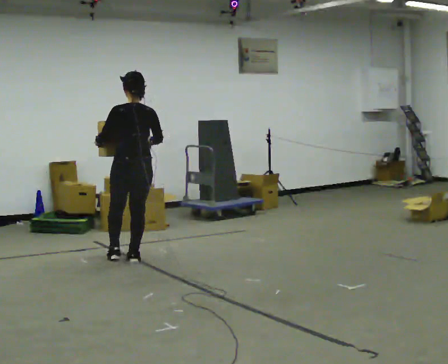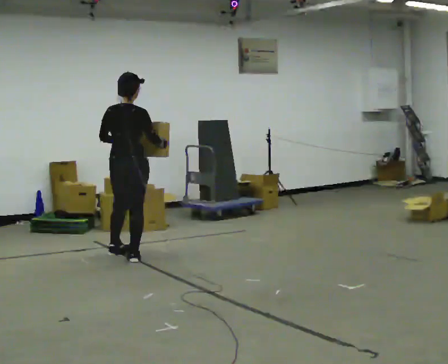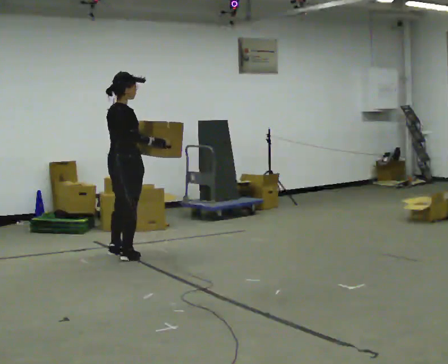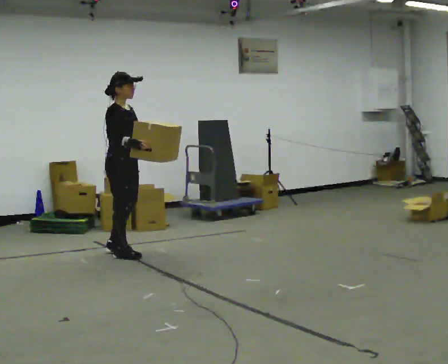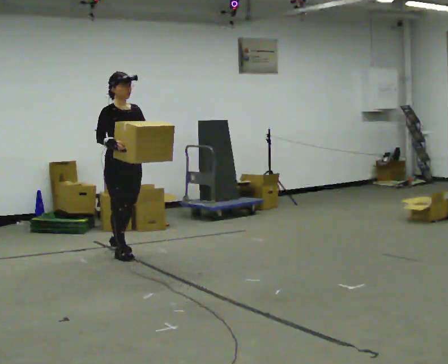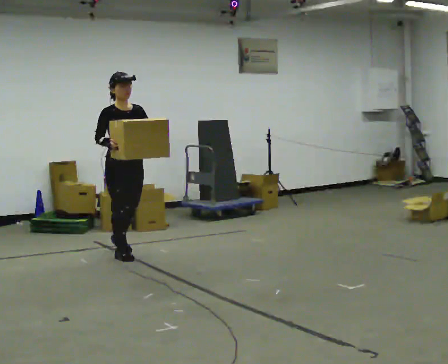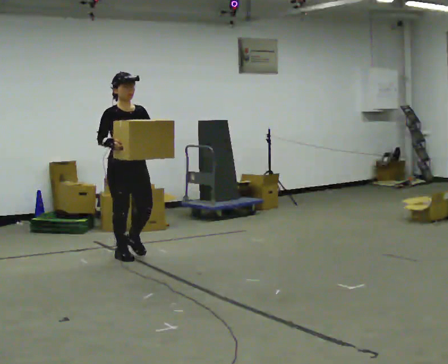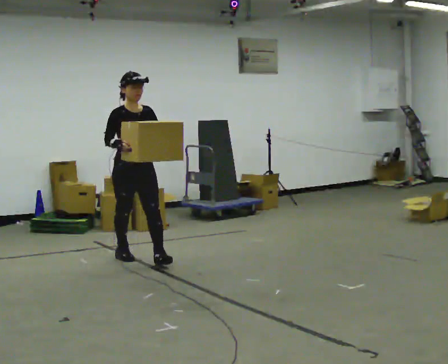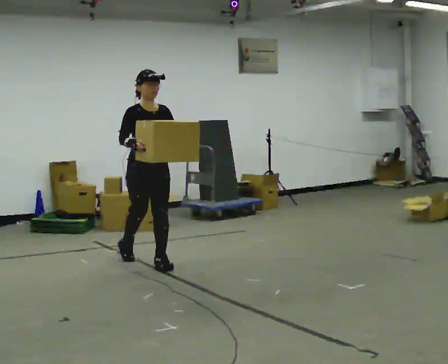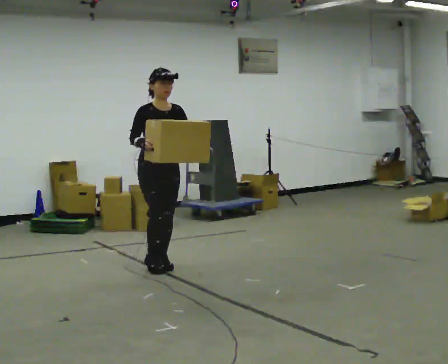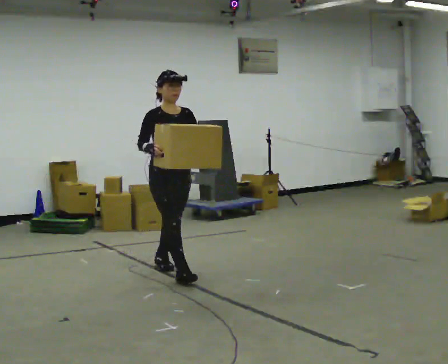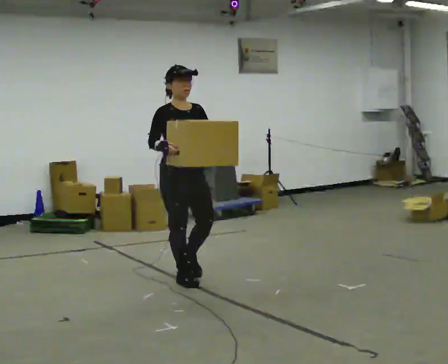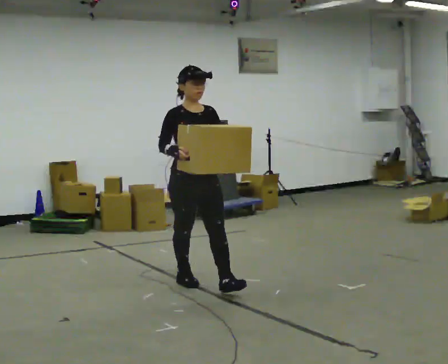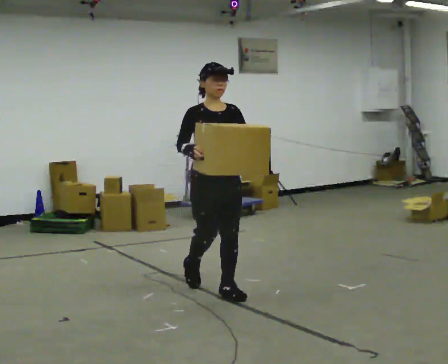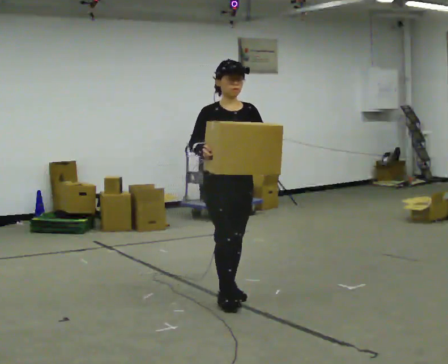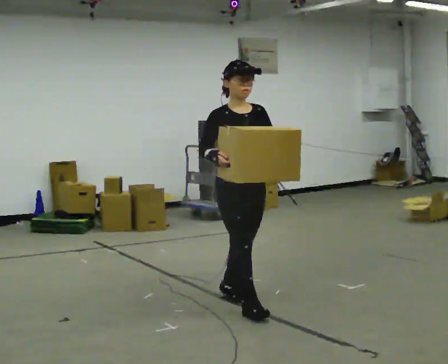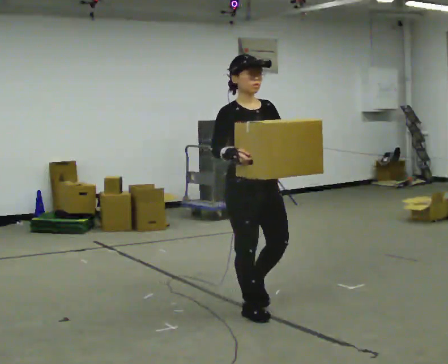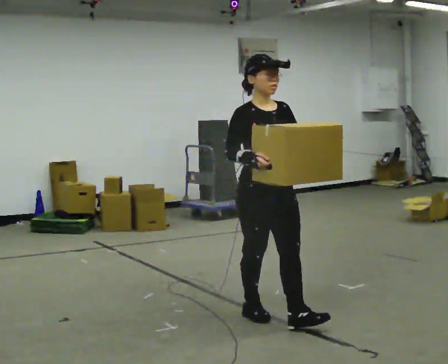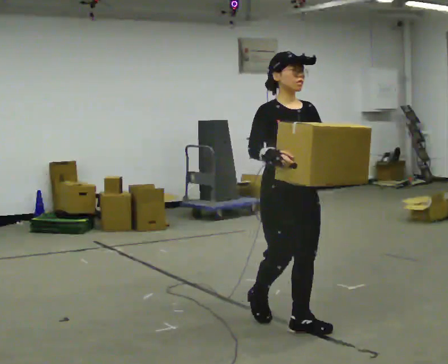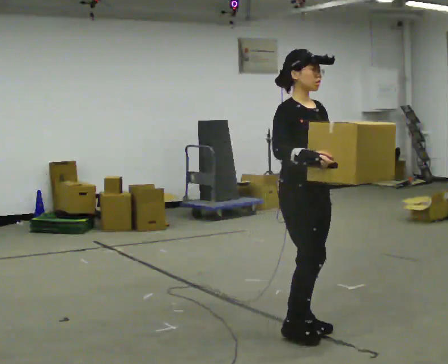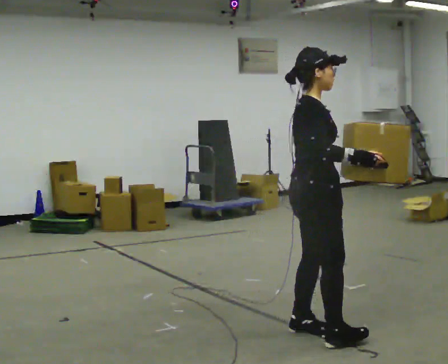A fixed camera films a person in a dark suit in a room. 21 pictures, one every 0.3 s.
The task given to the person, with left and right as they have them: Carry the heavy box in both hands in front of you, walking back and forth across the room. Keep walking until the operator says stop. Set it down if you need a rest.
0.0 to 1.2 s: The part of the body nearest the lens slides to the left as the person turns to their right by about 150 degrees. In the picture they go away from the camera, about 0.25 m in 3 steps. In the picture their left hand goes to the right.
1.2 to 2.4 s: In the picture they go toward the camera and to the right, about 0.5 m in 1 step, which for them is forward.
2.4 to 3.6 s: In the picture they go toward the camera and to the right, about 1 m in 2 steps, which for them is forward.
3.6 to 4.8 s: In the picture they go toward the camera and to the right, about 1 m in 1 step, which for them is forward.
4.8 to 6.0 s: The part of the body nearest the lens slides to the right as the person turns to their left by about 75 degrees. In the picture they go toward the camera and to the right, about 0.5 m in 2 steps.
The film runs forward here.
